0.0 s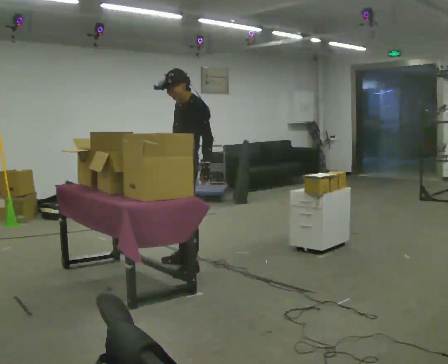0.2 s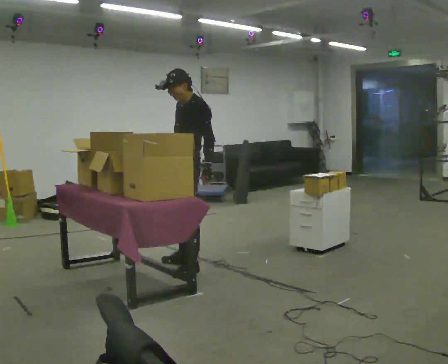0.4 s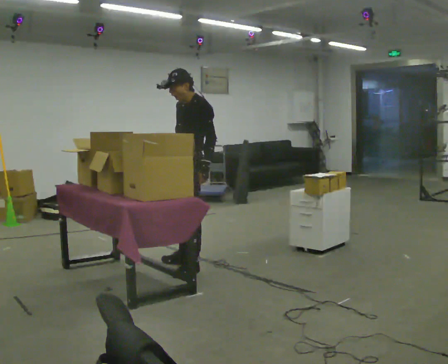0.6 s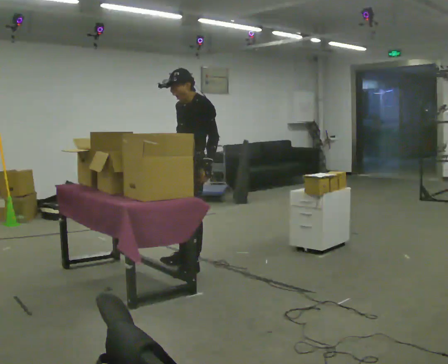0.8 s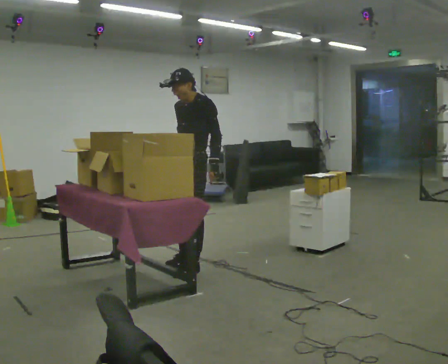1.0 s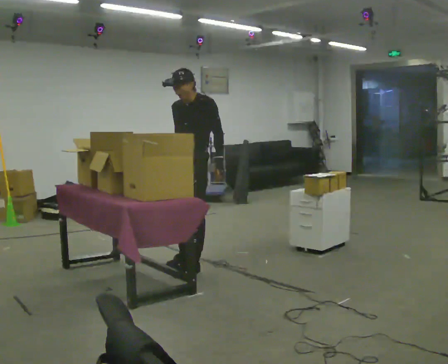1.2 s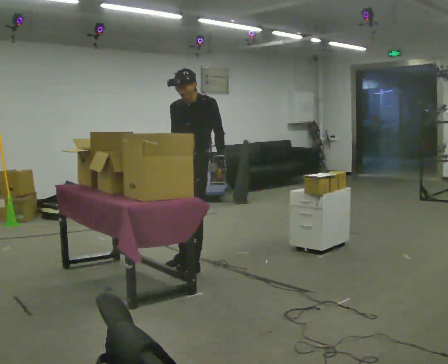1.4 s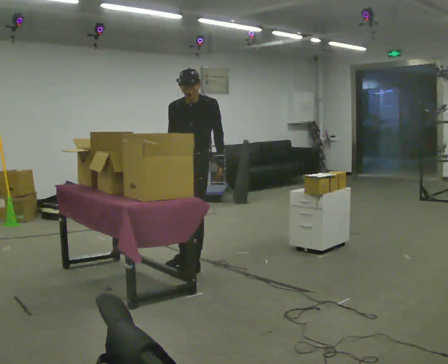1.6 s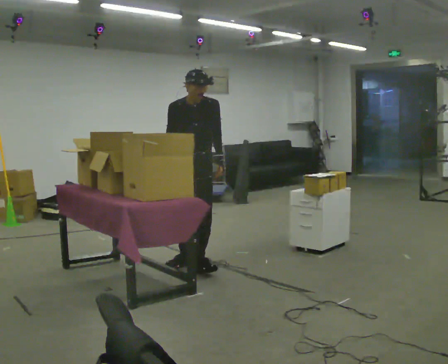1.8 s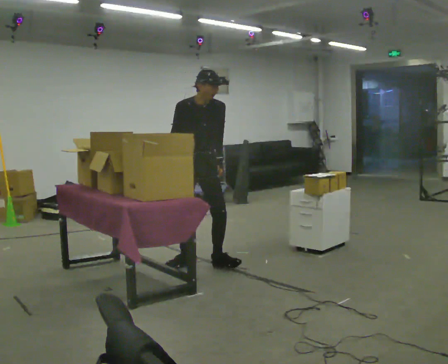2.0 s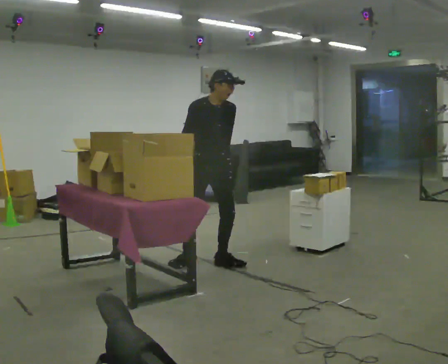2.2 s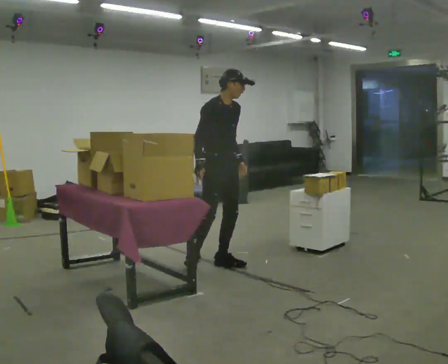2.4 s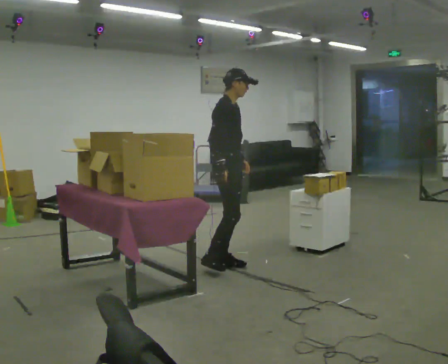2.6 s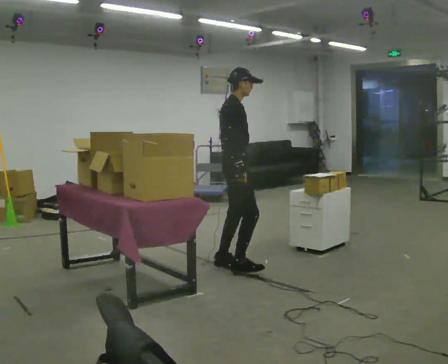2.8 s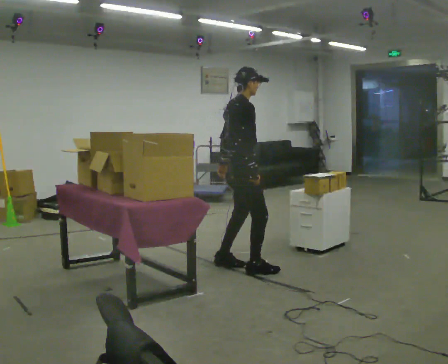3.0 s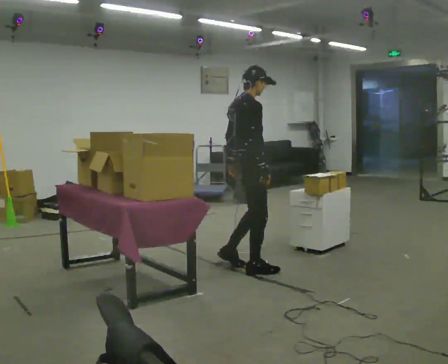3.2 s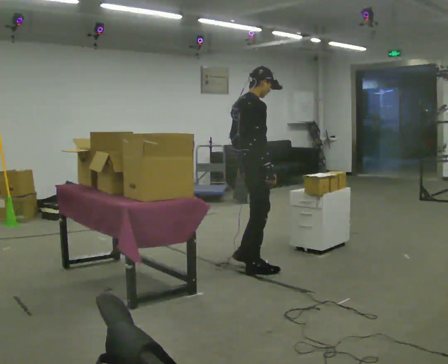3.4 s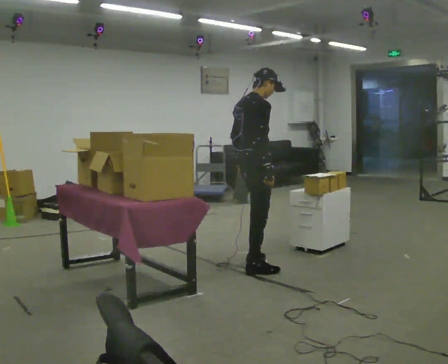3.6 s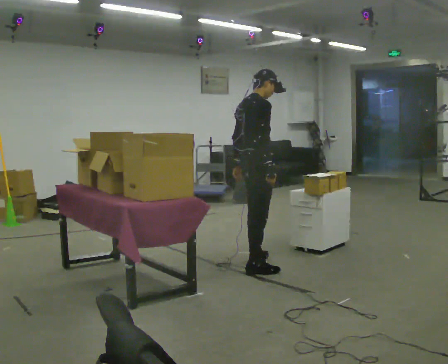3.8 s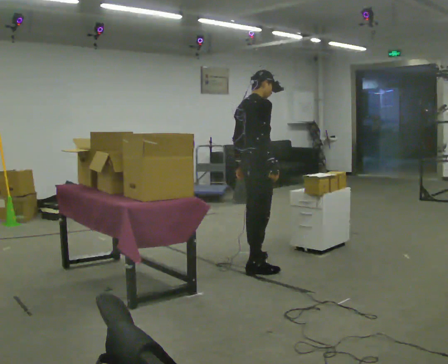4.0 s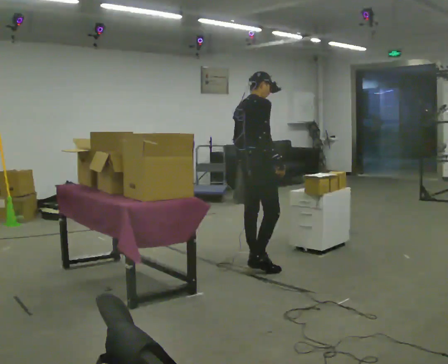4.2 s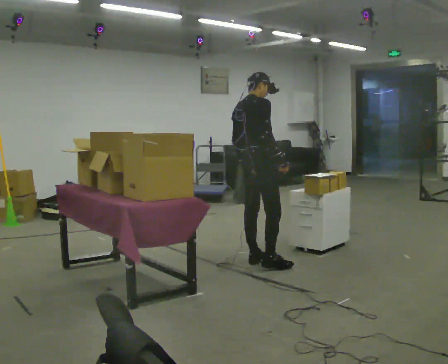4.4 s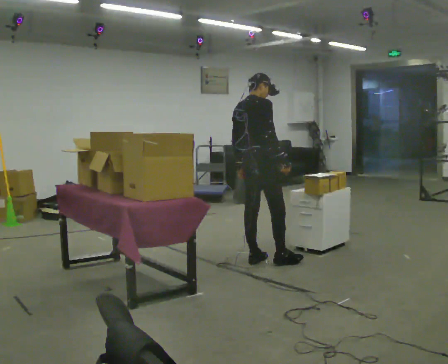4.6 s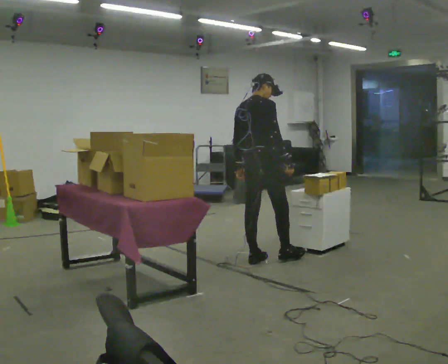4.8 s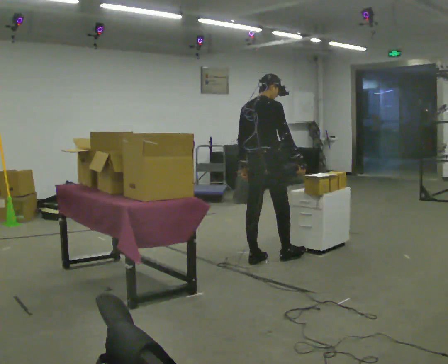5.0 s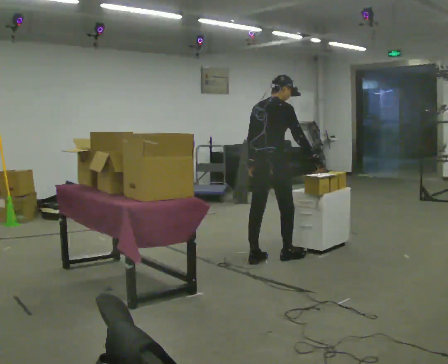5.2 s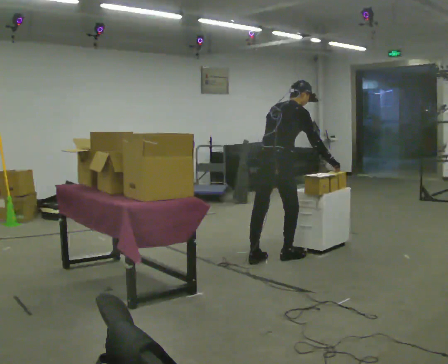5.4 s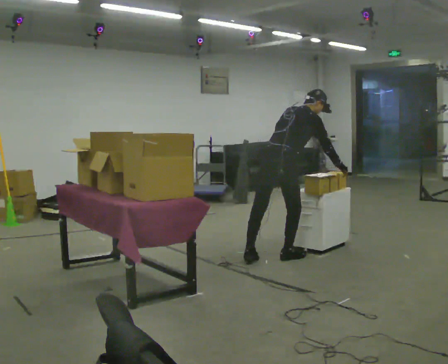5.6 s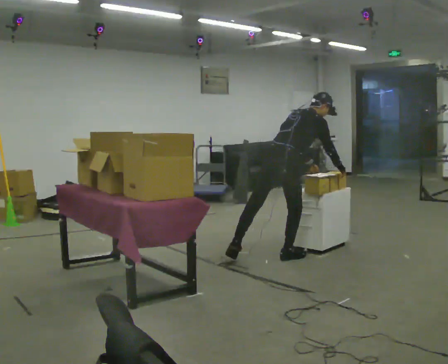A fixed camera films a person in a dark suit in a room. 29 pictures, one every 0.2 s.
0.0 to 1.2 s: The part of the body nearest the lens slides to the right as the person turns to their left by about 45 degrees.
1.2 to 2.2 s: The person turns about 75 degrees to their left, counterclockwise seen from above, so the part of the body nearest the lens slides to the right. In the picture they go to the right, about 0.25 m in 1 step.
2.2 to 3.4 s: The person turns about 60 degrees to their left, counterclockwise seen from above, so the part of the body nearest the lens slides to the right. In the picture they go to the right and toward the camera, about 0.25 m in 1 step.
3.4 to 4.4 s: In the picture they go away from the camera, about 0.25 m in 1 step, which for them is to their left and forward.
4.4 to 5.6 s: In the picture they go to the right, about 0.25 m in 1 step, which for them is forward and to their right. In the picture the upper body tilts clockwise, shoulders to the right, as they bend forward. In the picture their right hand goes to the right.
The film runs forward here.
